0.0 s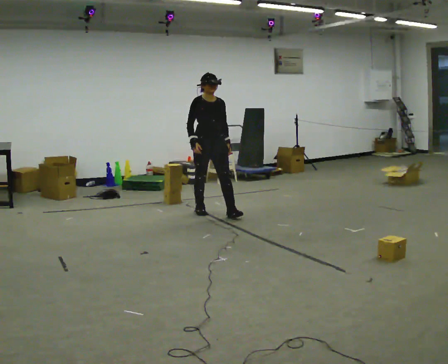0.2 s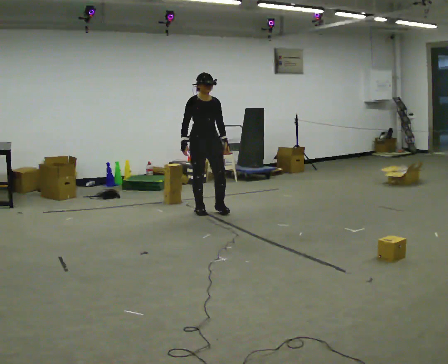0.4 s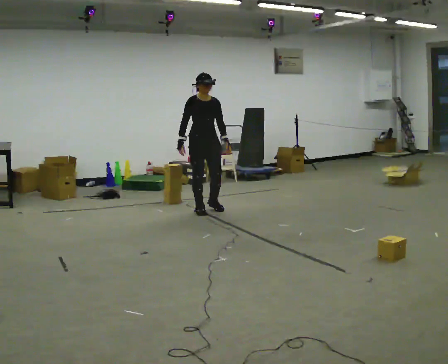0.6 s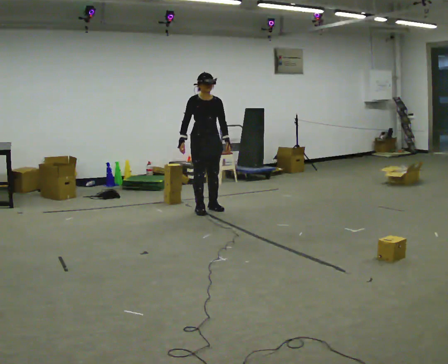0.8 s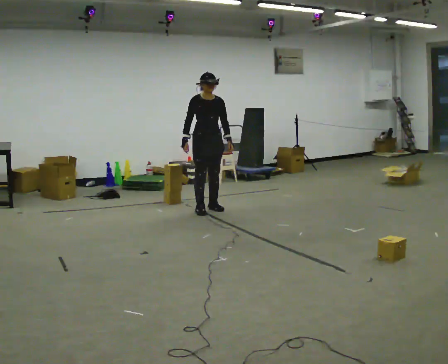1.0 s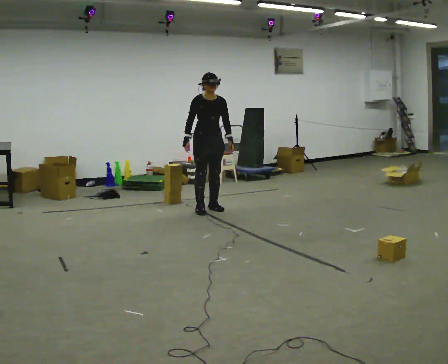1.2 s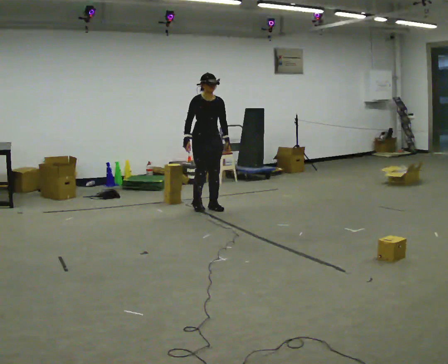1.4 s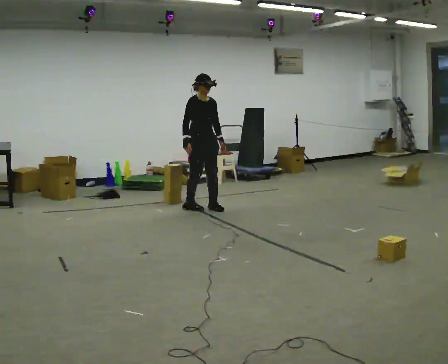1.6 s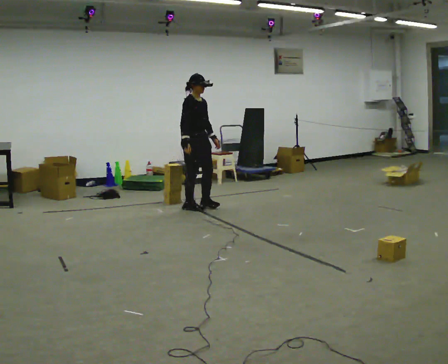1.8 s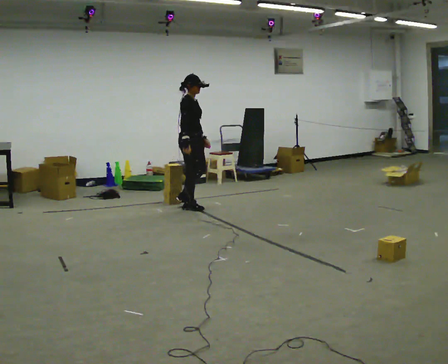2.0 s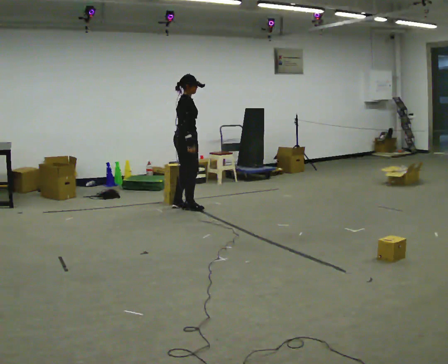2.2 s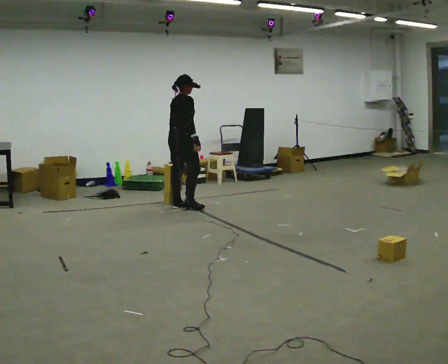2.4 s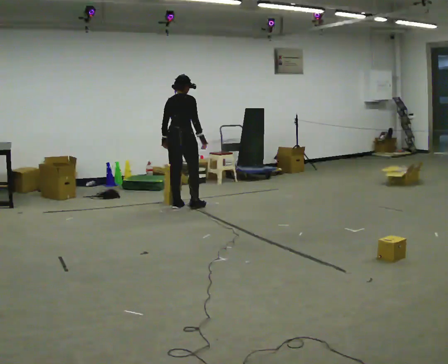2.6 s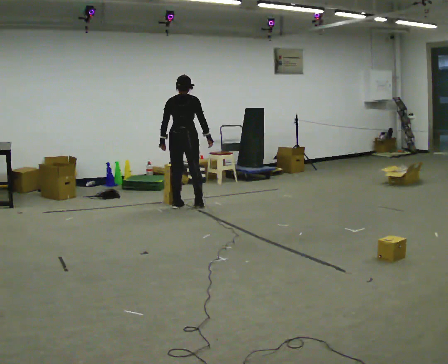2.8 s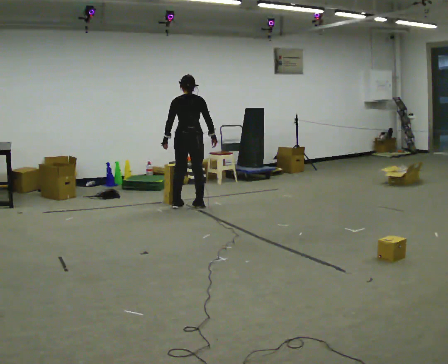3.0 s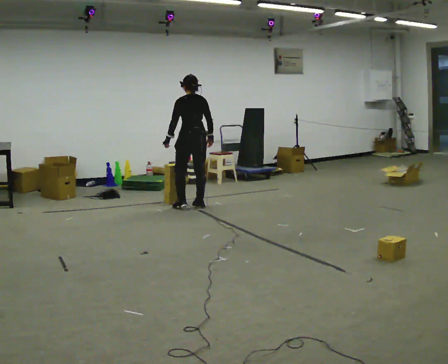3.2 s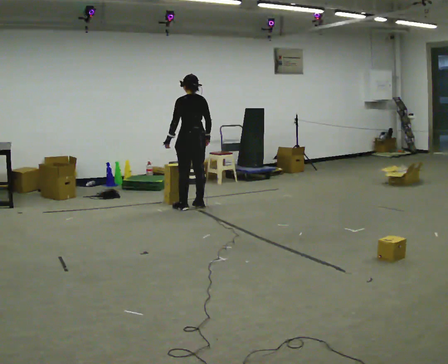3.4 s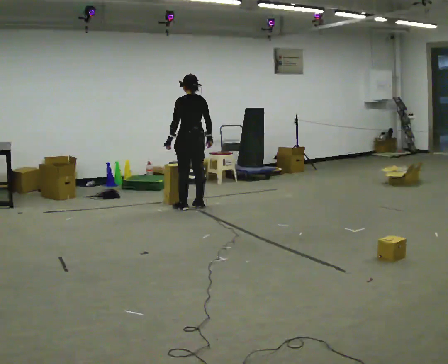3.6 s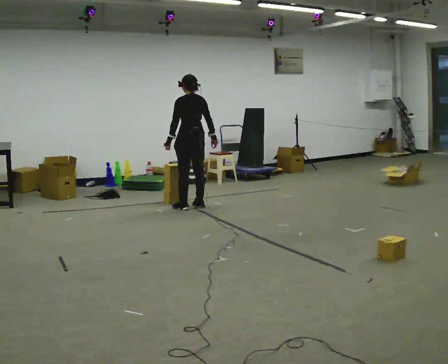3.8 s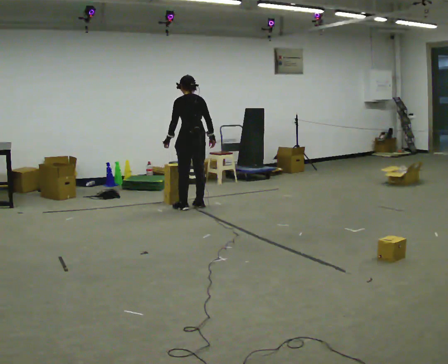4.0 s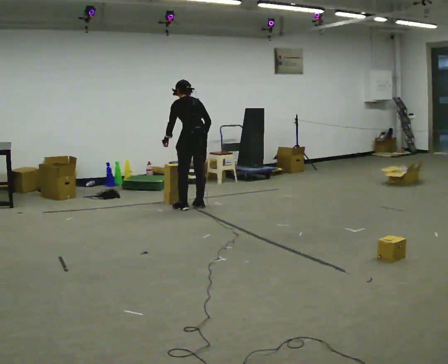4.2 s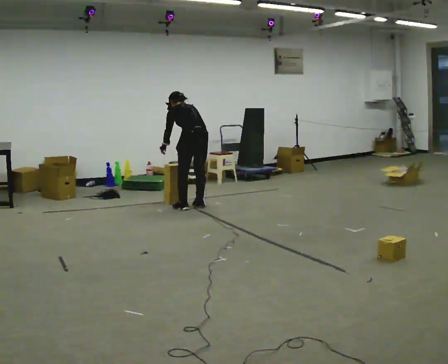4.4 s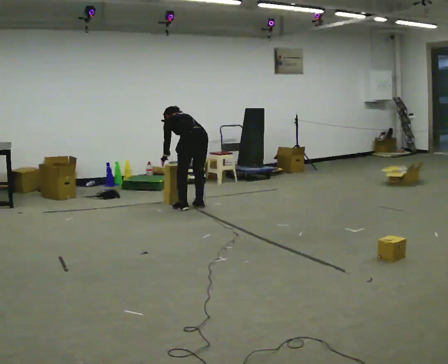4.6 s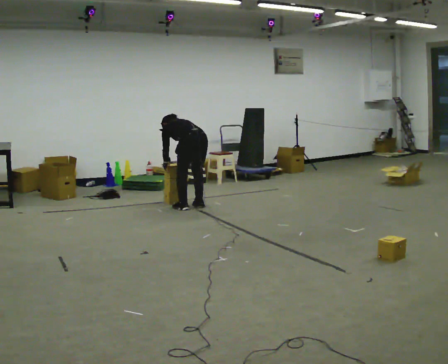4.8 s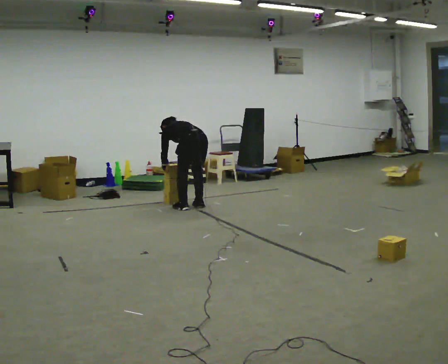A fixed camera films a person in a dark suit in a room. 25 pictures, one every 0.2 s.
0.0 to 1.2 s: In the picture they go away from the camera, about 0.25 m in 1 step, which for them is backward.
1.2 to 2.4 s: Seen from above the body turns counterclockwise, about 120 degrees: to their left, with its near side sliding to the right. In the picture they go to the left, about 0.25 m in 2 steps.
2.4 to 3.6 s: Seen from above the body turns counterclockwise, about 60 degrees: to their left, with its near side sliding to the right.
3.6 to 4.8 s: In the picture they go toward the camera, about 0.25 m, which for them is backward. The shoulders move downward. The upper body tips away from the camera, its near side rolling upward, as they bend forward. In the picture their right hand goes downward and to the left.
The film runs backward here.
